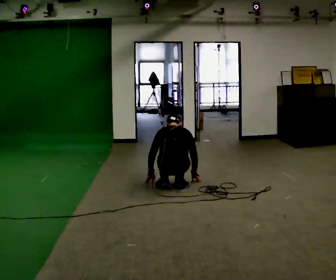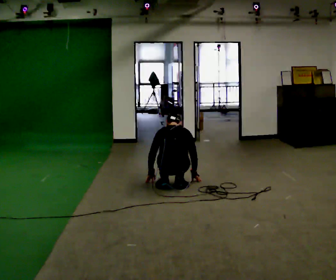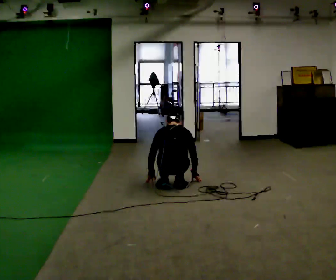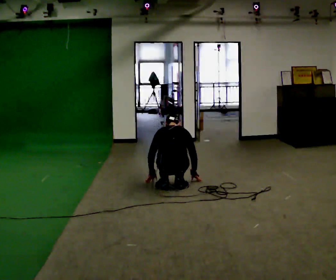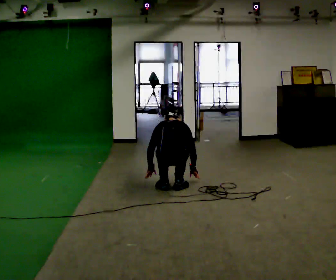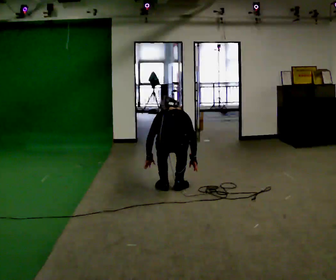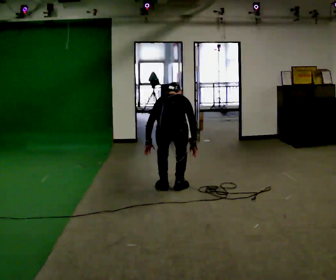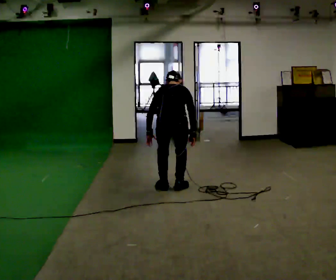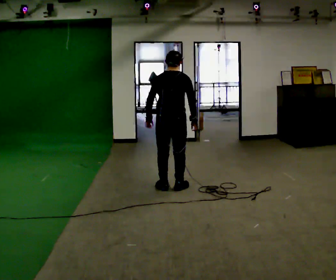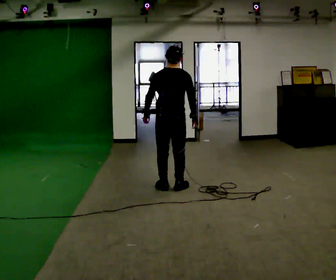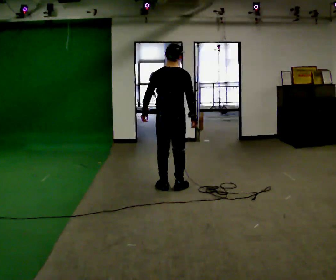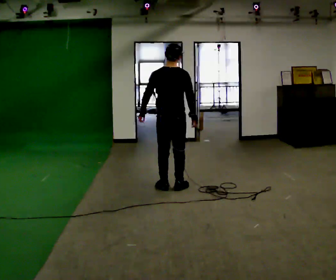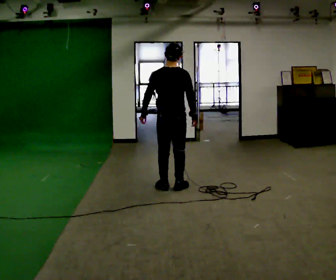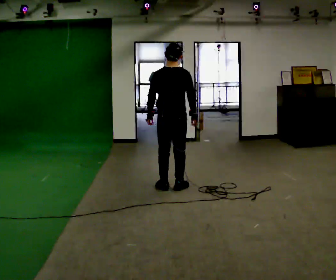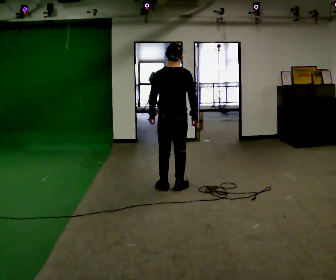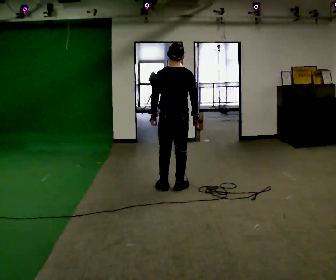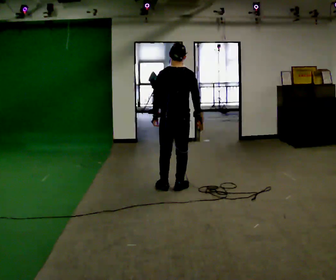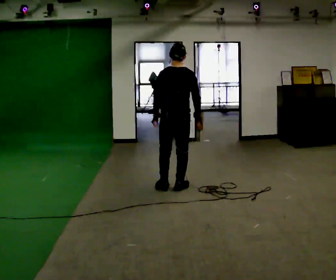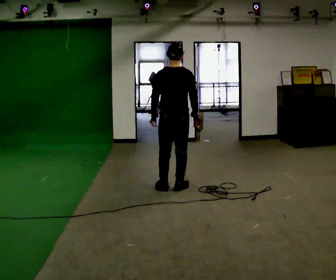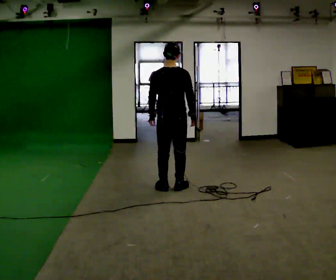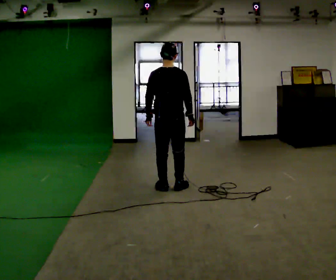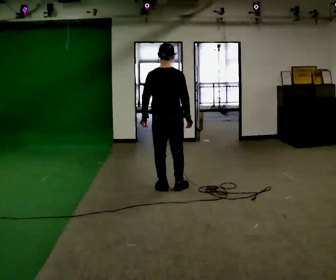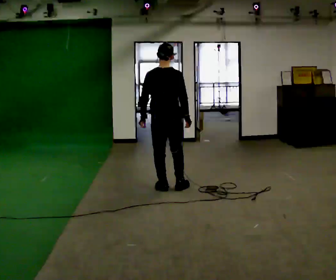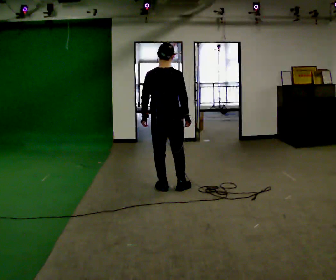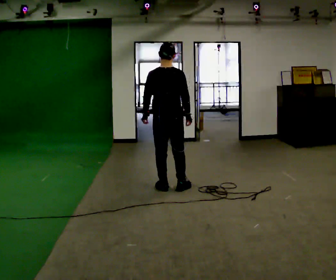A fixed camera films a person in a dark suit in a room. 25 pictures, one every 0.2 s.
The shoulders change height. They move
upward.
Their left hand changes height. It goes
upward.
0.0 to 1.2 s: The shoulders move upward. The upper body tips away from the camera, its near side rolling upward, as they bend forward. In the picture their right hand goes upward.
1.2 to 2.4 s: In the picture they go away from the camera, about 0.25 m, which for them is forward. The upper body goes upward. The upper body tips toward the camera, its near side rolling downward, as they lean back or straighten. In the picture their left hand goes upward.
2.4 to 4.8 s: The person moves a little, or ends about where they began.
The film runs backward here.
